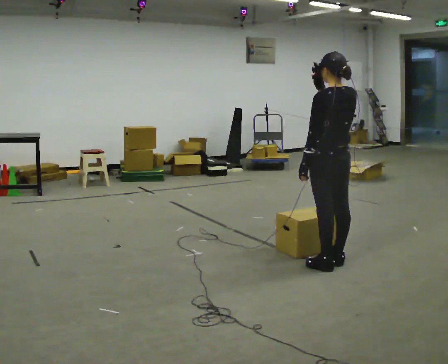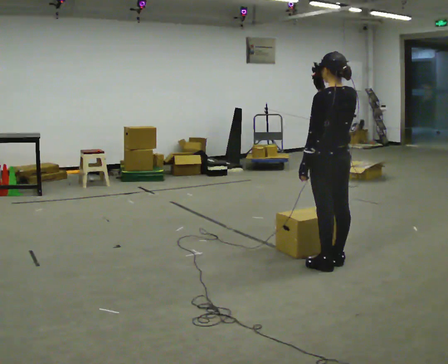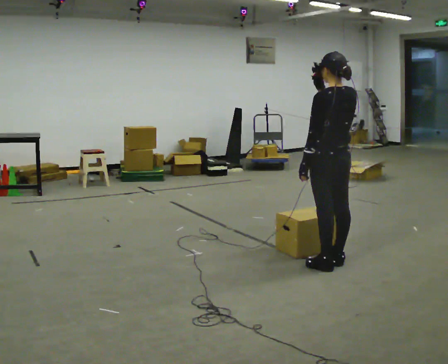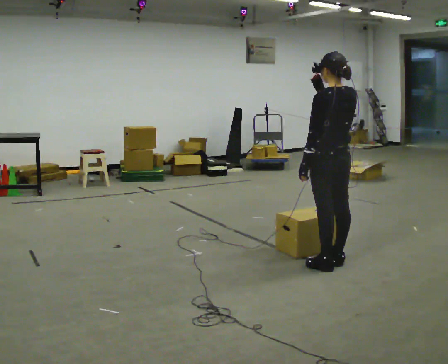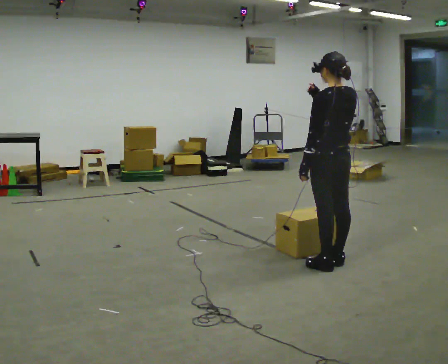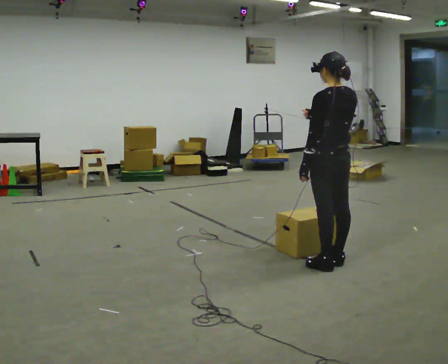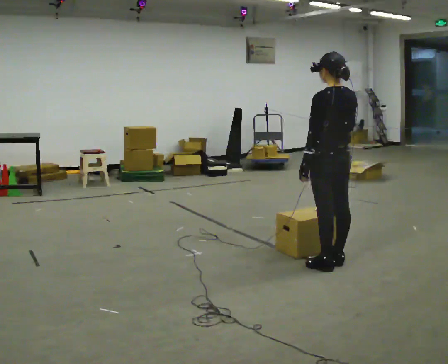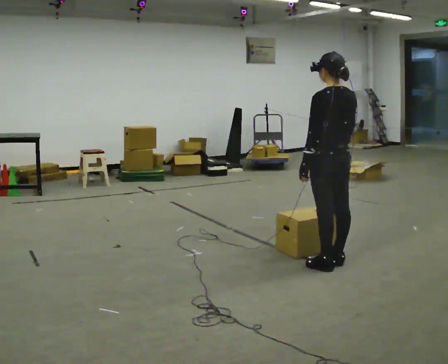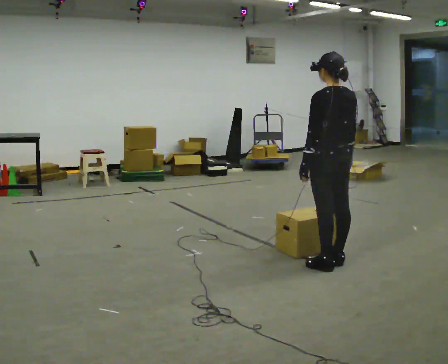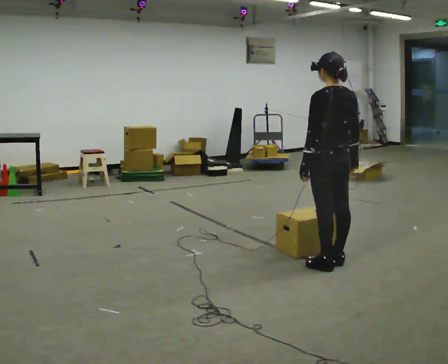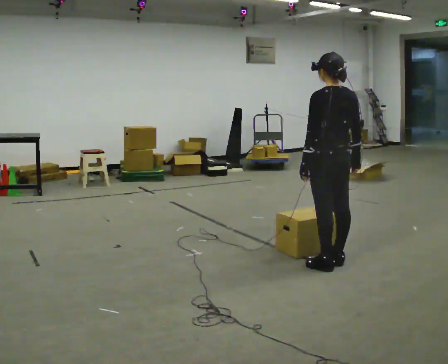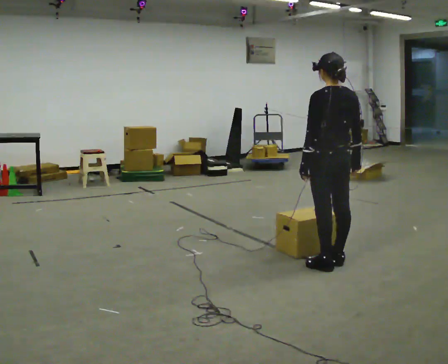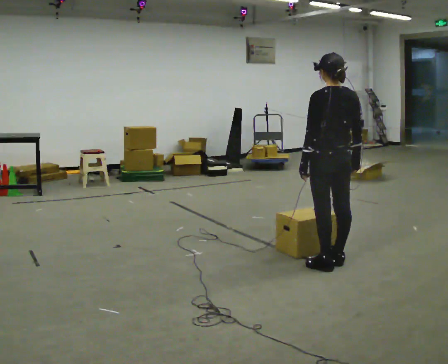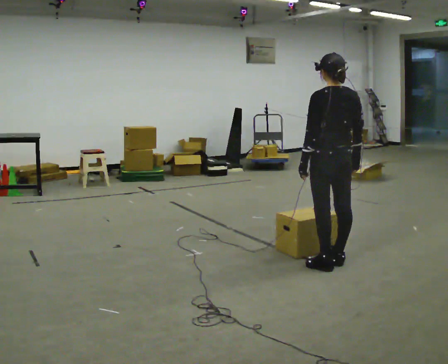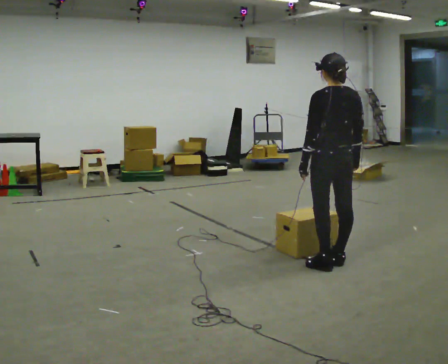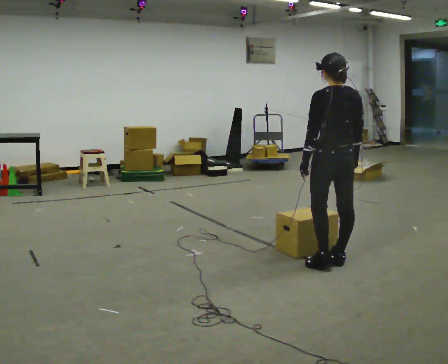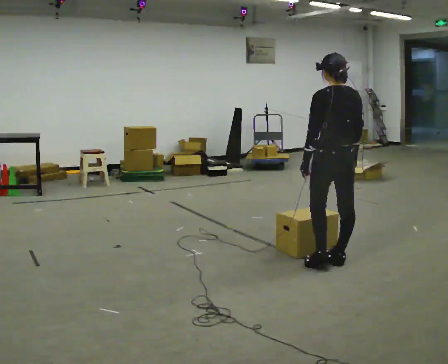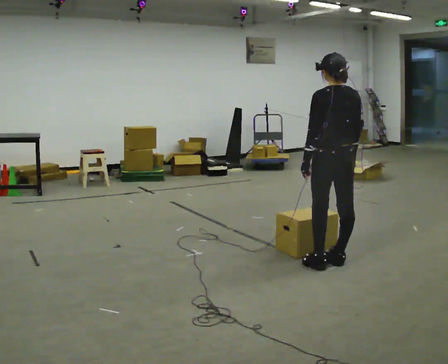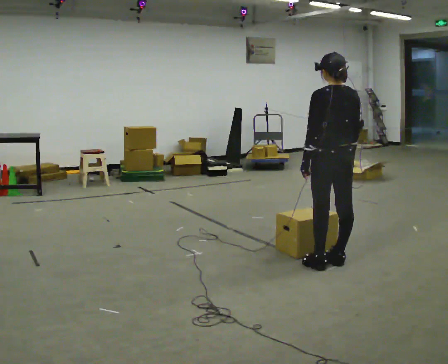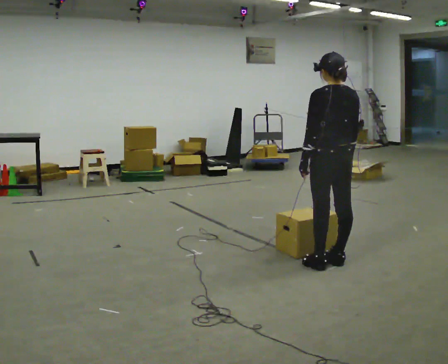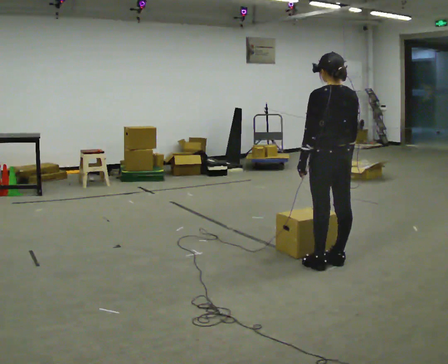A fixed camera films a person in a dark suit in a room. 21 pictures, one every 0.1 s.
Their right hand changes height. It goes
downward.
0.0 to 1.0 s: In the picture their right hand goes downward.
1.0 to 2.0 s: The person moves a little, or ends about where they began.
The film runs forward here.
